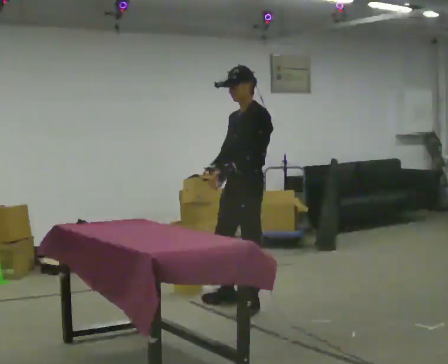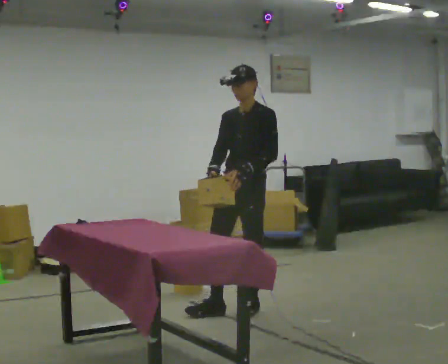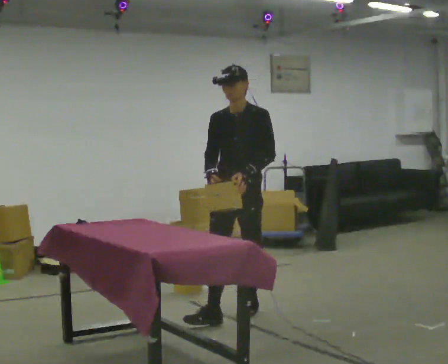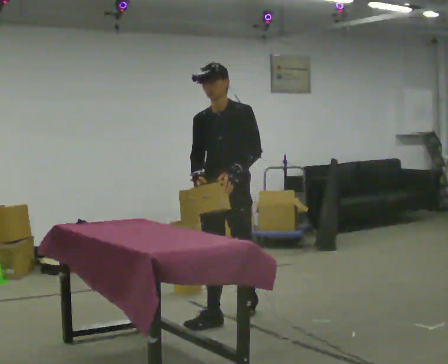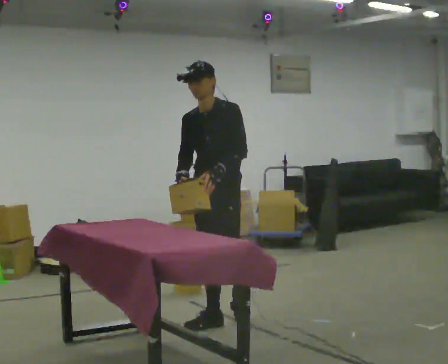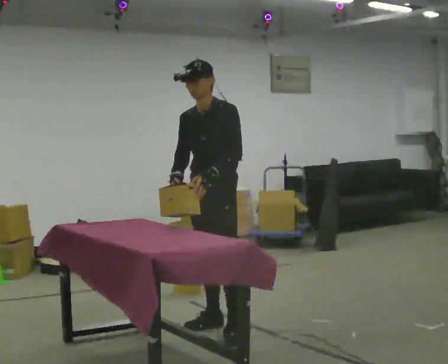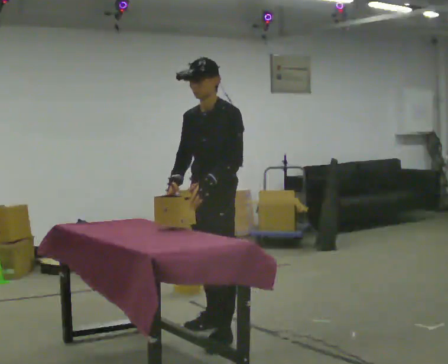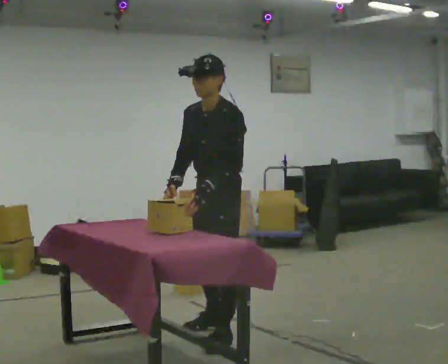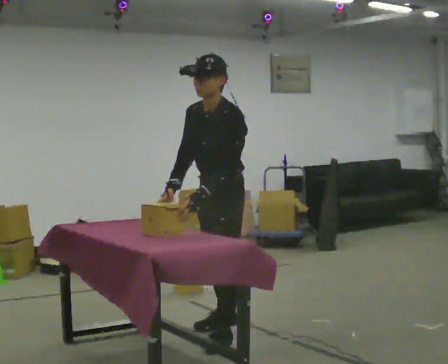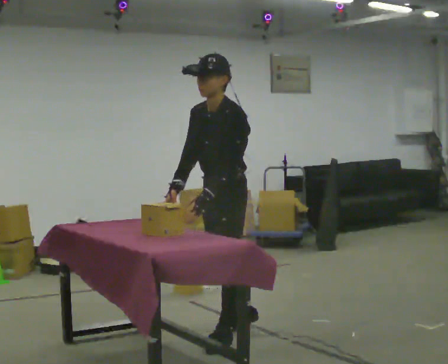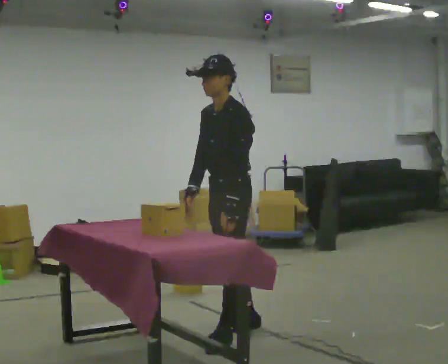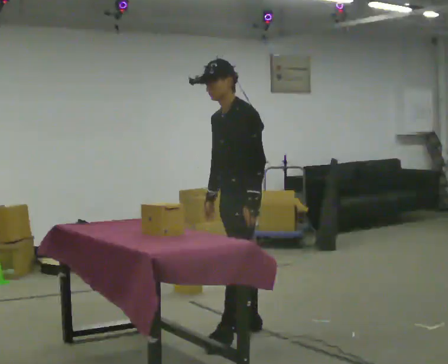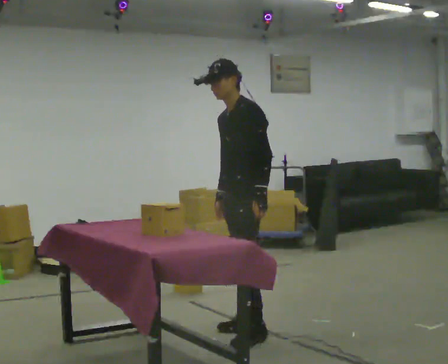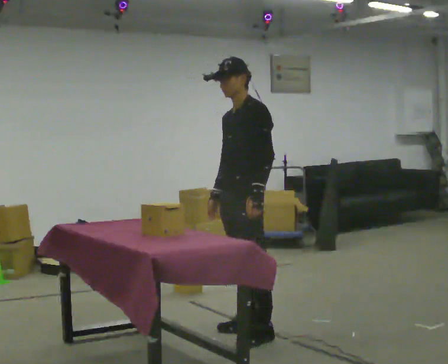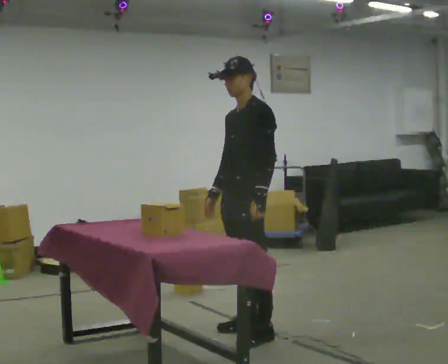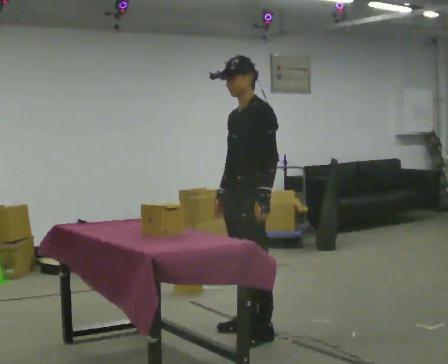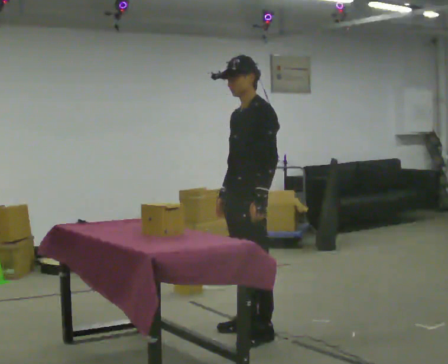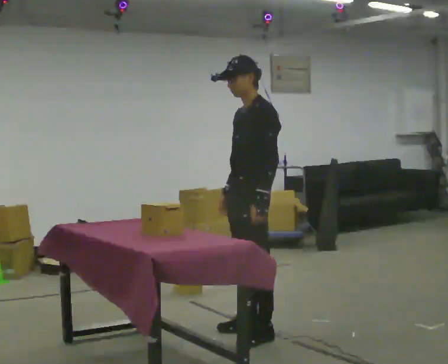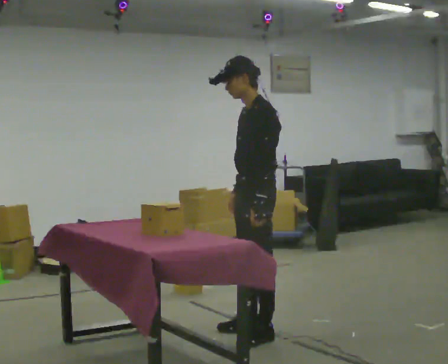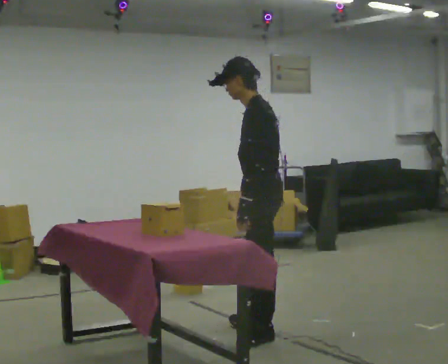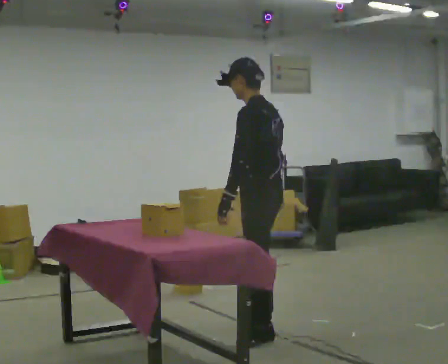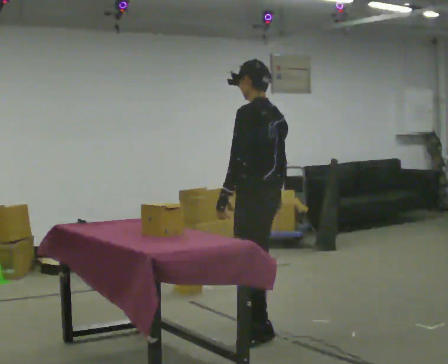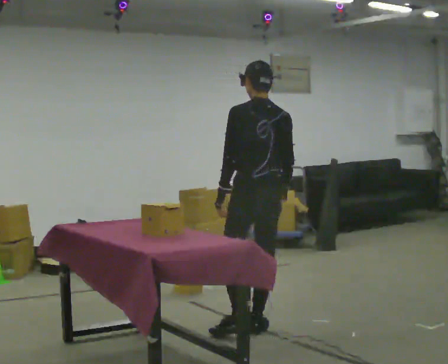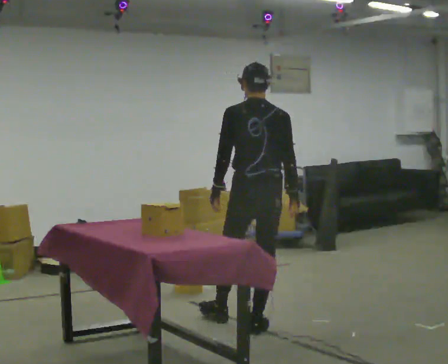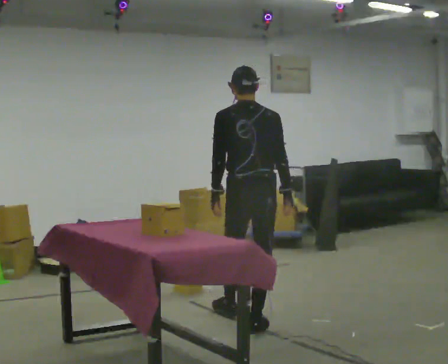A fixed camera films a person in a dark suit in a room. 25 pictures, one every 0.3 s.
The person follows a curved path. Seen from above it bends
counterclockwise.
0.0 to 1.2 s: In the picture they go toward the camera and to the left, about 0.5 m in 1 step, which for them is forward.
1.2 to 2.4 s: The person turns about 30 degrees to their right, clockwise seen from above, so the part of the body nearest the lens slides to the left. In the picture they go toward the camera, about 0.5 m in 1 step, which for them is to their left and forward. The upper body tips toward the camera, its near side rolling downward, as they bend forward.
2.4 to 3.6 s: In the picture they go away from the camera, about 0.25 m in 2 steps, which for them is backward and to their right. The upper body tips away from the camera, its near side rolling upward, as they lean back or straighten. In the picture their right hand goes to the right.
3.6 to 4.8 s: The person moves a little, or ends about where they began.
4.8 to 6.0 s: The part of the body nearest the lens slides to the left as the person turns to their right by about 45 degrees.
6.0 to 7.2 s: Seen from above the body turns clockwise, about 60 degrees: to their right, with its near side sliding to the left. In the picture they go away from the camera, about 0.25 m in 1 step.
The film runs forward here.
